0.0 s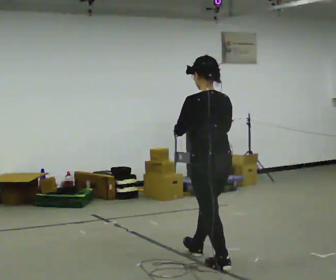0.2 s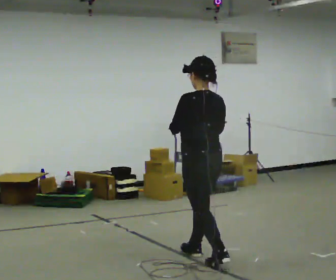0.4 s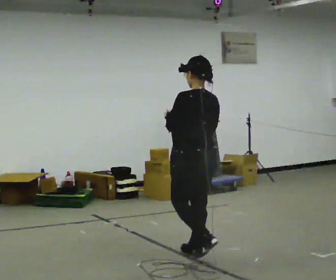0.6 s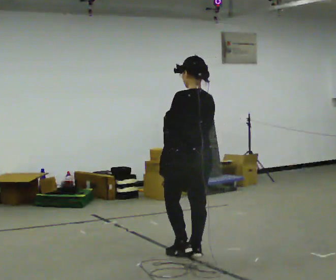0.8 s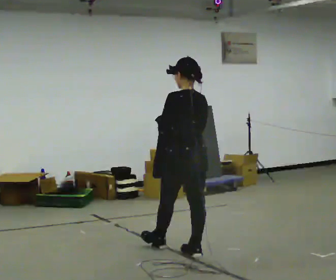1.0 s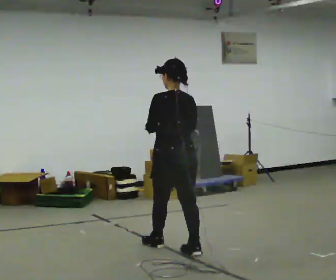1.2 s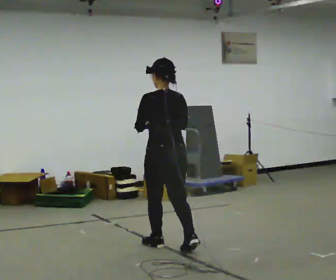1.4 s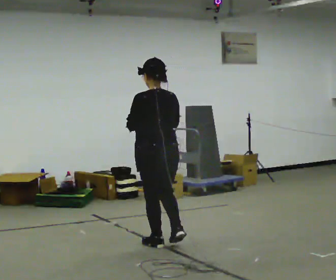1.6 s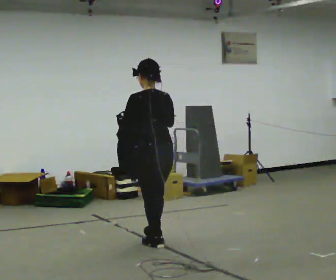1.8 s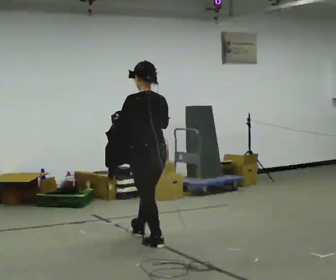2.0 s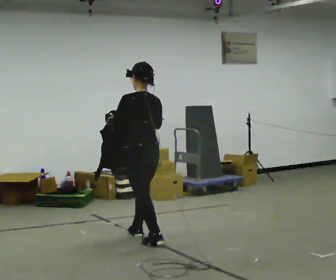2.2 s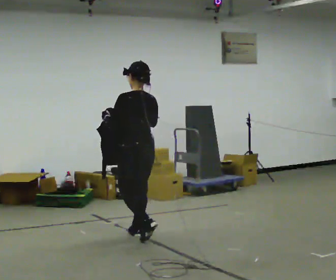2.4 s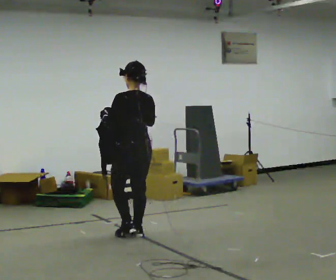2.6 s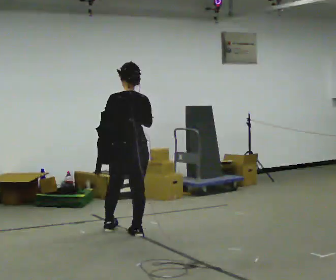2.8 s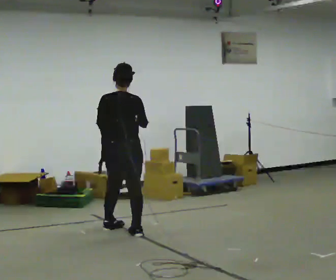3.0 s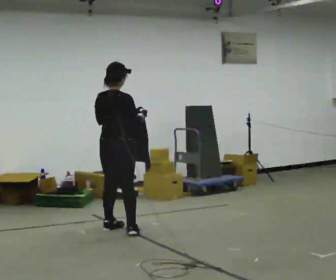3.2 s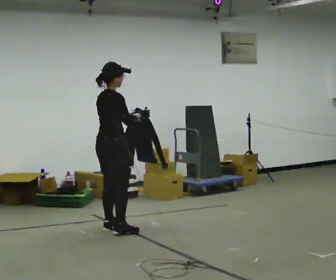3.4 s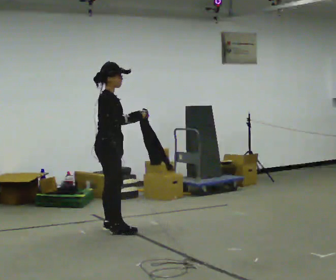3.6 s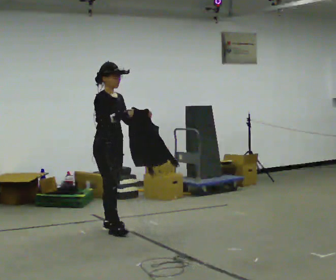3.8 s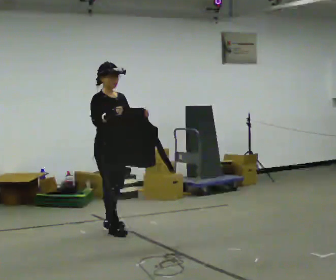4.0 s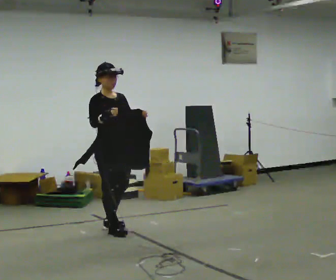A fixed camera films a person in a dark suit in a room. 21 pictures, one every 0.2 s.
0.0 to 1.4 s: In the picture they go away from the camera and to the left, about 0.75 m in 1 step, which for them is forward.
1.4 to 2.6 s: In the picture they go away from the camera and to the left, about 0.5 m in 1 step, which for them is forward.
2.6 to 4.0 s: The part of the body nearest the lens slides to the left as the person turns to their right by about 150 degrees. In the picture they go to the left, about 0.25 m in 2 steps.
The film runs forward here.
